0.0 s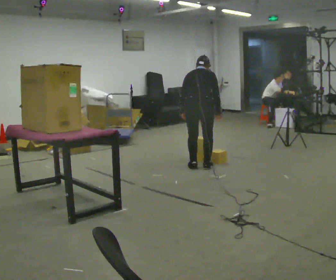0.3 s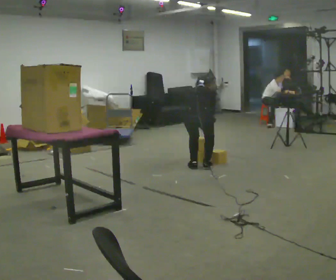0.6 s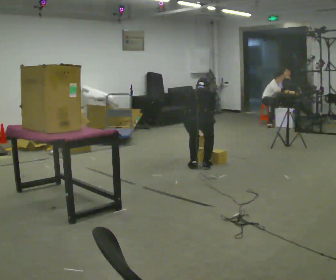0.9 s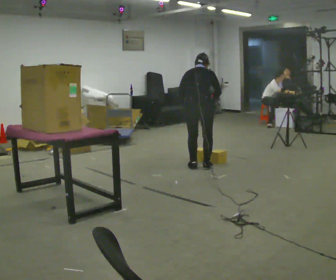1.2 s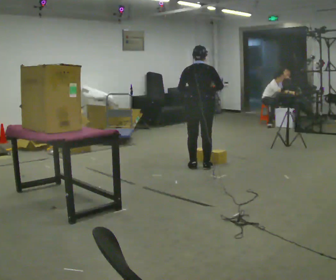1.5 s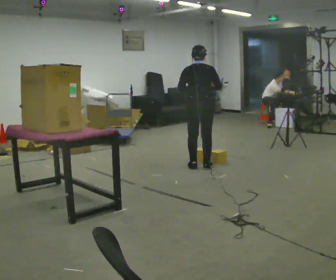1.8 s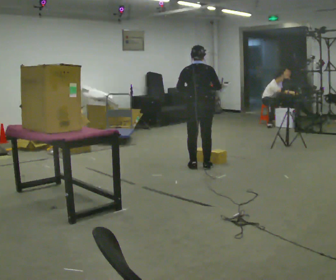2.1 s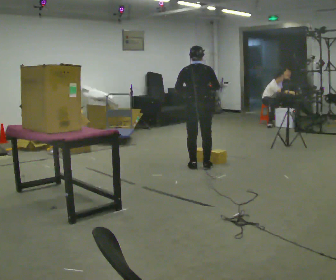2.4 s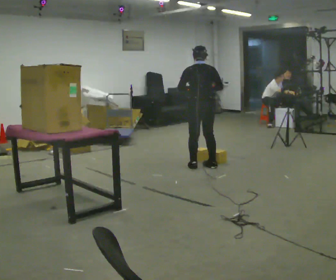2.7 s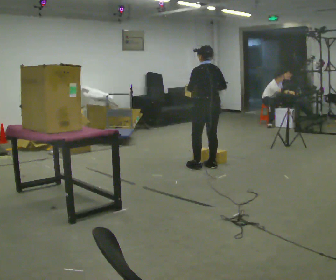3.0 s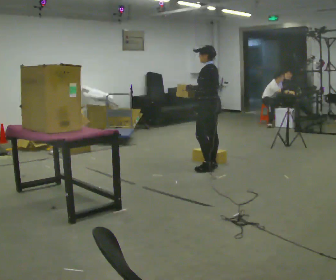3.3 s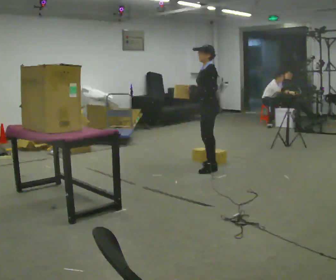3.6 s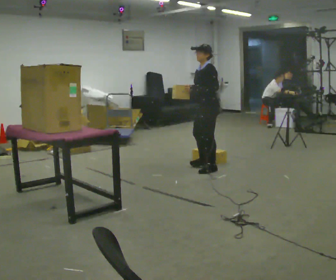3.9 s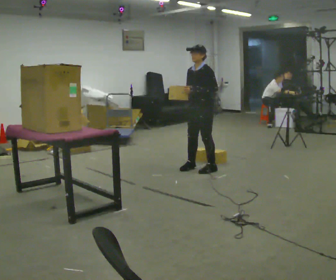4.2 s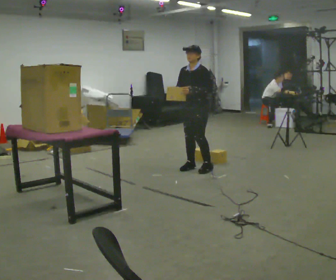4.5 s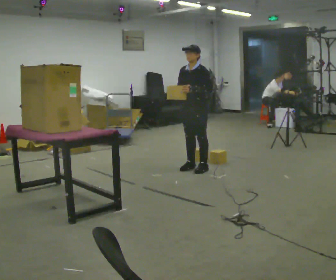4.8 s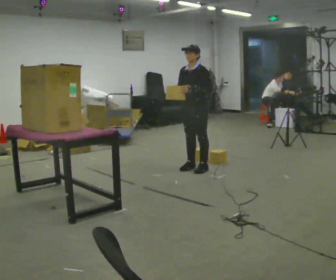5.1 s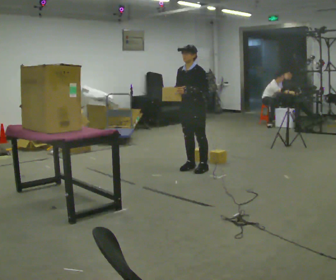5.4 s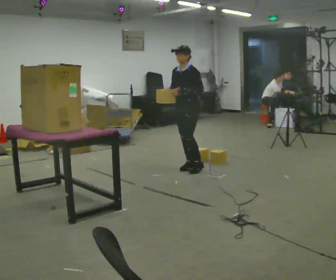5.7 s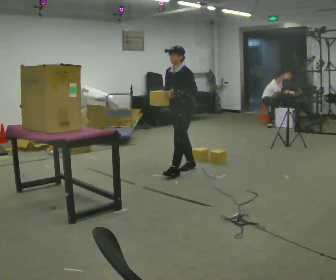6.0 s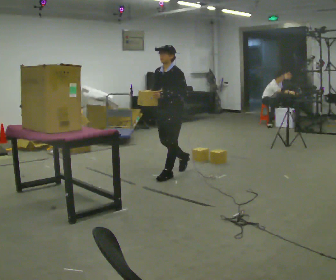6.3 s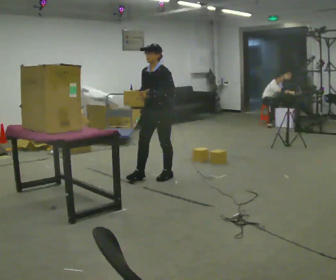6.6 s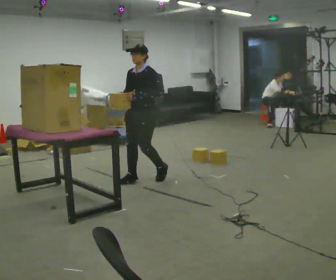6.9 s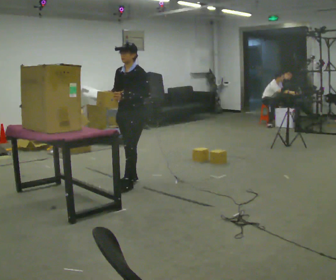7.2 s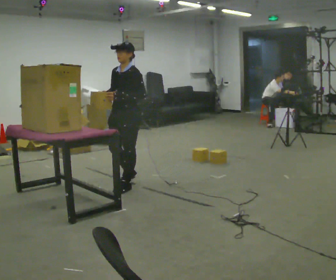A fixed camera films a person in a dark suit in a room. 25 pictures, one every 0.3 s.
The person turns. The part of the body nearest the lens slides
to the right.
The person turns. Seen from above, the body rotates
counterclockwise.
0.0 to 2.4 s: The person moves a little, or ends about where they began.
2.4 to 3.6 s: The part of the body nearest the lens slides to the right as the person turns to their left by about 105 degrees. In the picture they go toward the camera, about 0.25 m in 1 step.
3.6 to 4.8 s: The part of the body nearest the lens slides to the right as the person turns to their left by about 30 degrees. In the picture they go to the left, about 0.25 m in 1 step, which for them is to their right.
4.8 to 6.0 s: In the picture they go to the left and toward the camera, about 0.5 m in 1 step, which for them is forward.
6.0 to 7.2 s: In the picture they go toward the camera and to the left, about 0.75 m in 2 steps, which for them is forward.
The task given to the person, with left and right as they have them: Carry the object across the room and place it on the shelf just at the top of your comfortable reach. Keep going until the operator says stop; one object at a time, and do not rush between trips.
The film runs forward here.
